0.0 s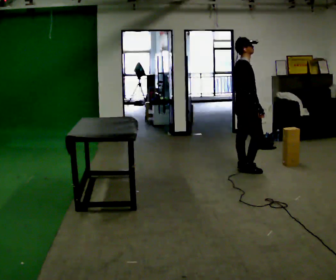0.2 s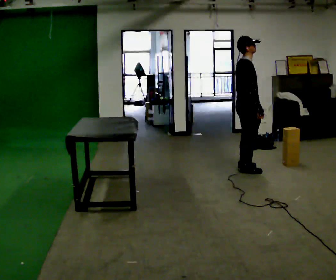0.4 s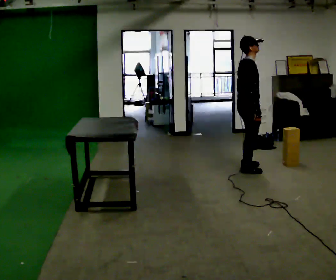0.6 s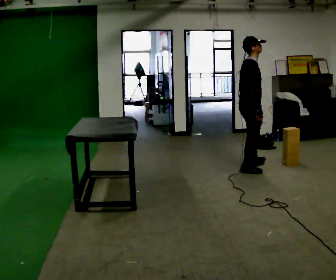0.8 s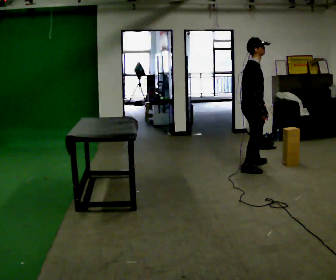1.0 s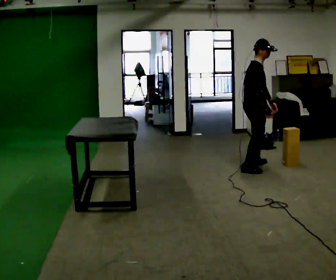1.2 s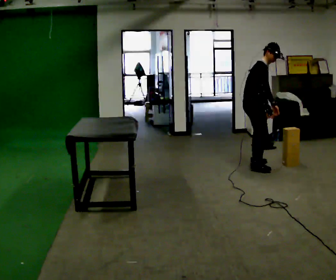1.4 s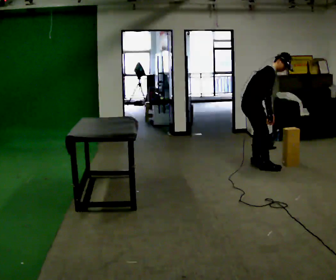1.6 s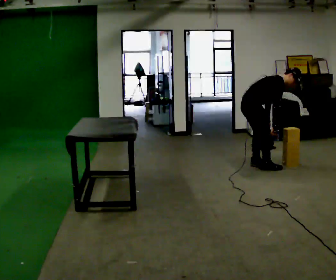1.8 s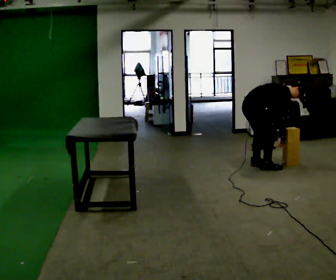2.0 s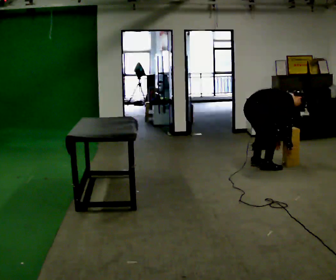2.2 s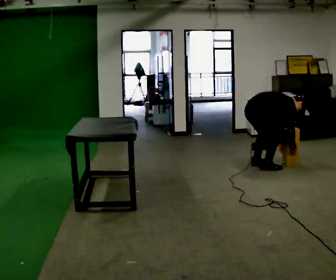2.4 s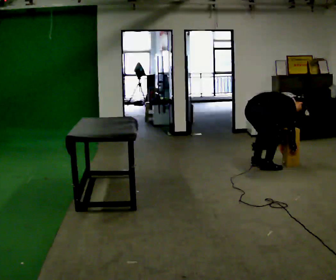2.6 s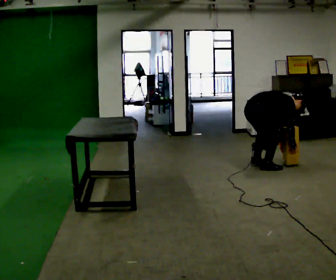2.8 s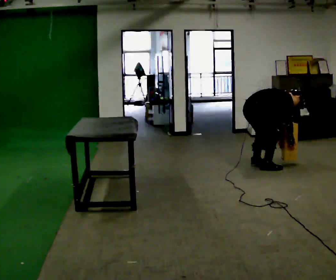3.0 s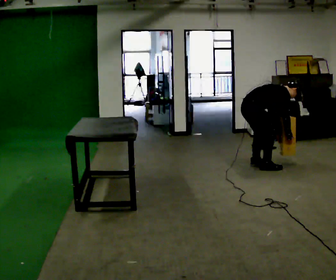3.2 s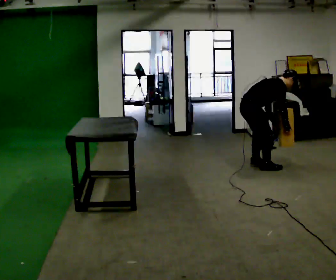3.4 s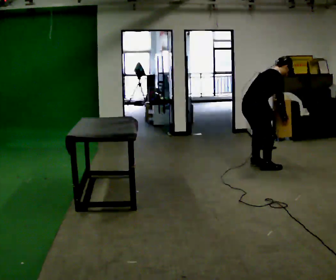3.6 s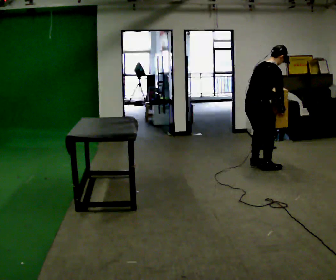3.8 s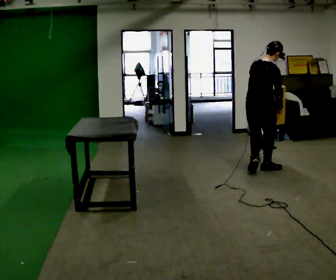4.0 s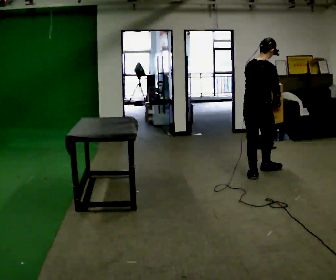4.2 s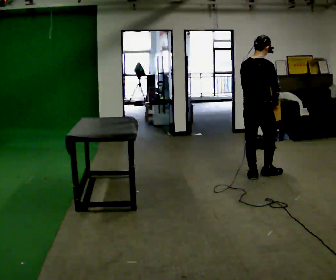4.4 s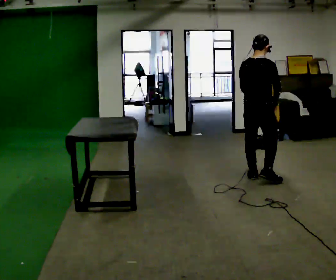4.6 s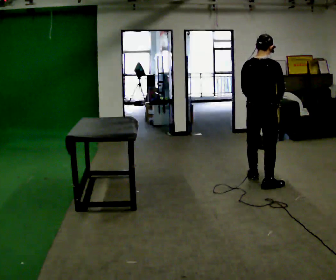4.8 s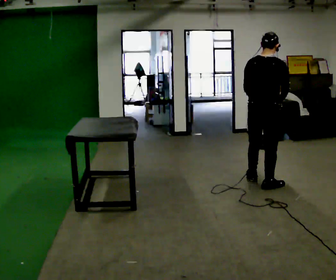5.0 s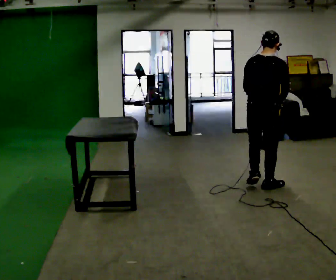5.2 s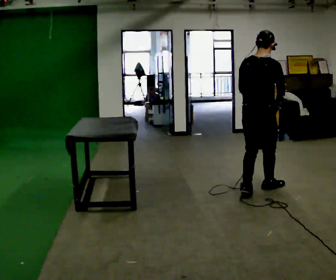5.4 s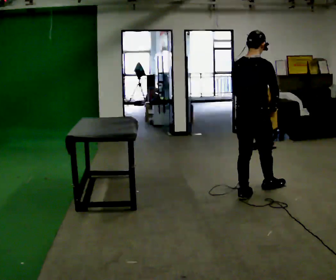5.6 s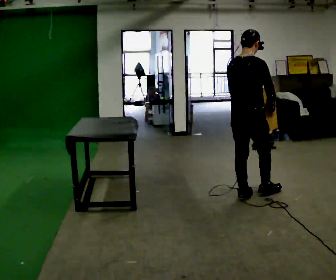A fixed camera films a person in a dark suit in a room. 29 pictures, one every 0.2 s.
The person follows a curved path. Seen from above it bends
clockwise.
0.0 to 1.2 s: In the picture the upper body tilts clockwise, shoulders to the right, as they bend forward. In the picture their left hand goes to the right.
1.2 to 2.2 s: In the picture they go toward the camera, about 0.25 m, which for them is to their right. The shoulders move downward. In the picture the upper body tilts clockwise, shoulders to the right, as they bend forward. In the picture their left hand goes downward.
2.2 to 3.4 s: The shoulders move upward. In the picture the upper body tilts counterclockwise, shoulders to the left, as they lean back or straighten. In the picture their left hand goes upward.
3.4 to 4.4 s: Seen from above the body turns counterclockwise, about 45 degrees: to their left, with its near side sliding to the right. In the picture they go toward the camera, about 0.5 m in 2 steps, which for them is backward and to their right. The upper body goes upward. In the picture the upper body tilts counterclockwise, shoulders to the left, as they lean back or straighten.
4.4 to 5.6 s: In the picture they go toward the camera, about 0.5 m in 2 steps, which for them is backward.
The film runs backward here.
